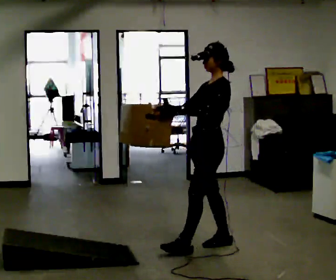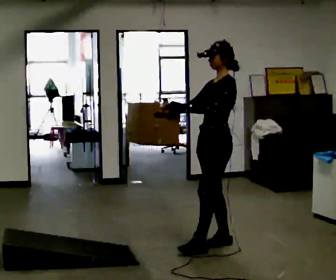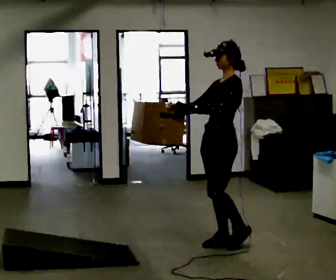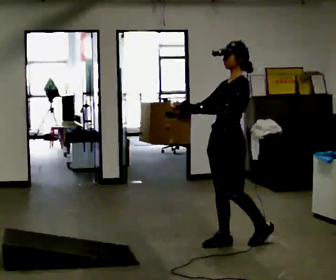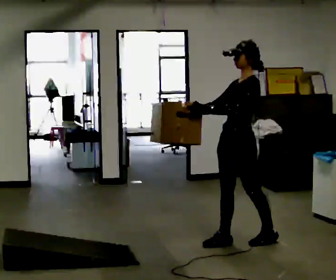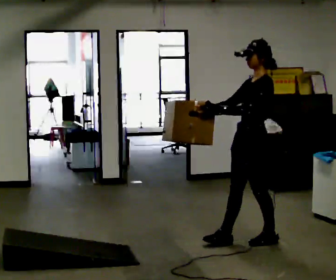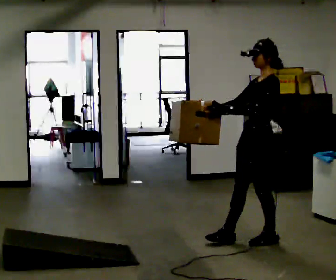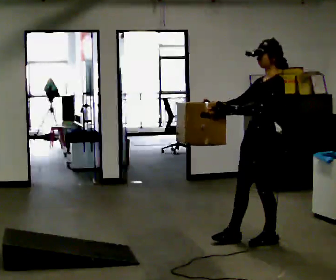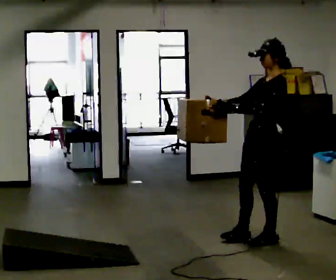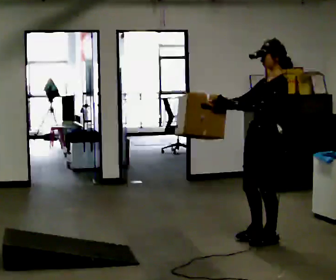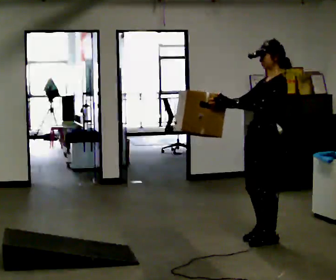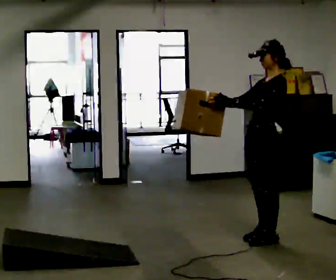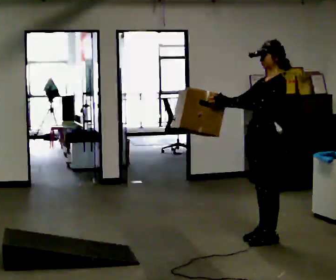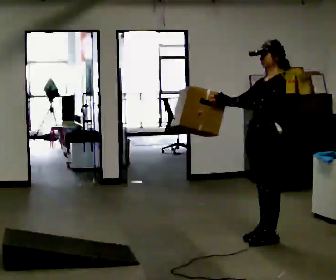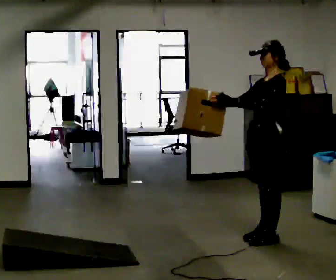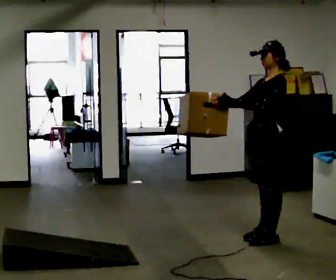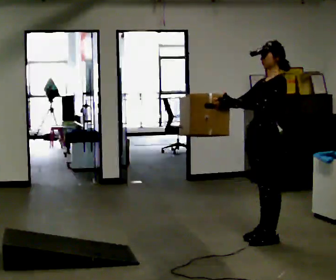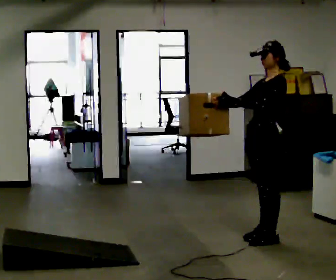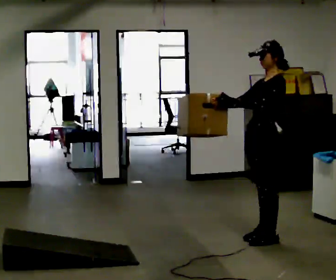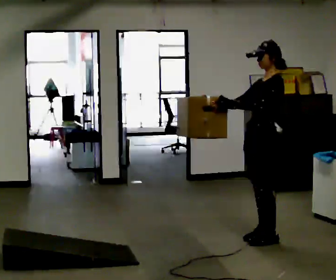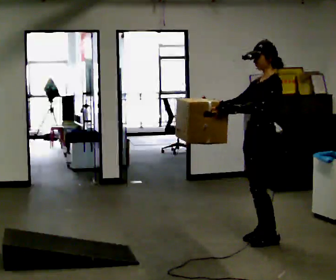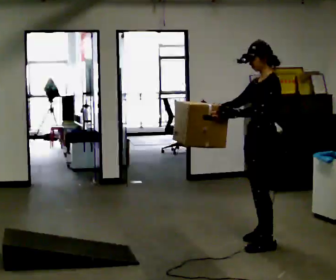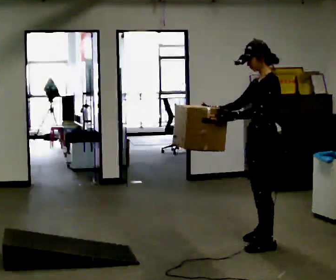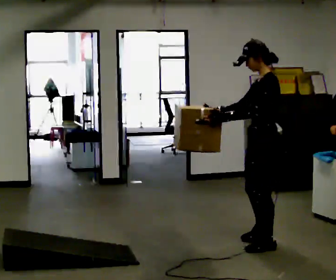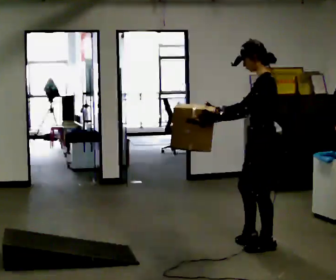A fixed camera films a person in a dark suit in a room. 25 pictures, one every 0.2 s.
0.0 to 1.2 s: In the picture they go to the right, about 0.5 m in 1 step, which for them is backward.
1.2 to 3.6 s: The person moves a little, or ends about where they began.
3.6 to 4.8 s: In the picture they go toward the camera, about 0.25 m in 2 steps, which for them is to their left.
The film runs backward here.
